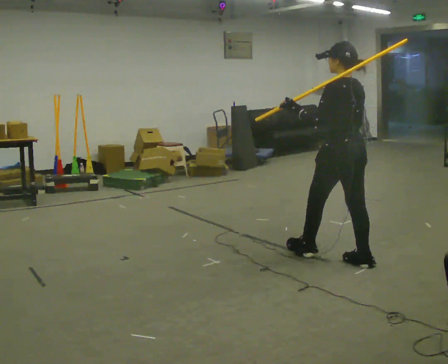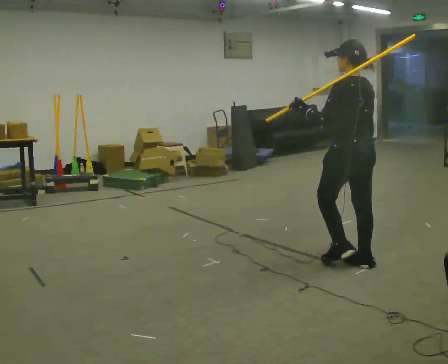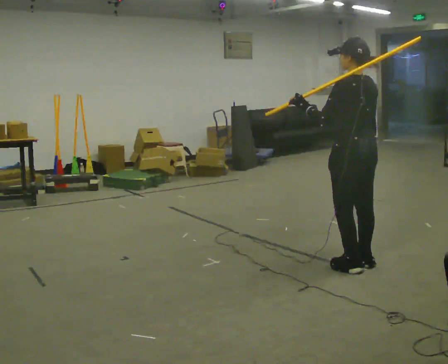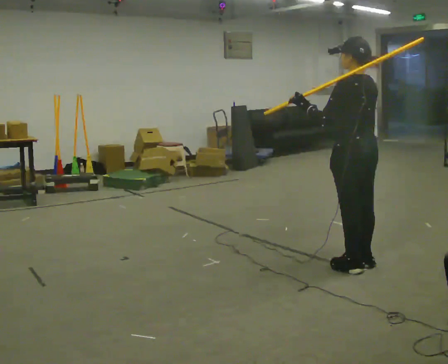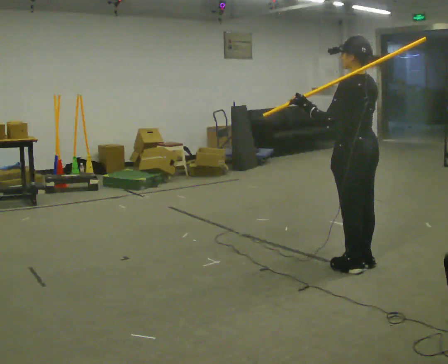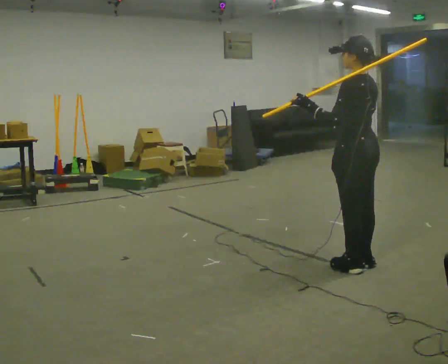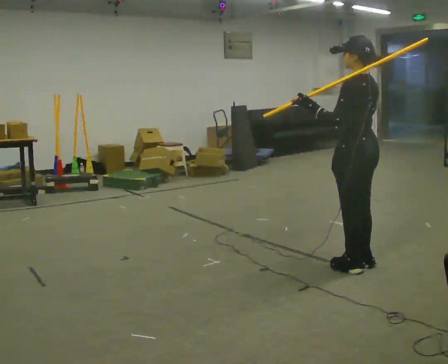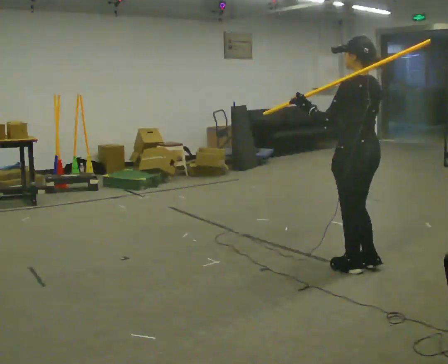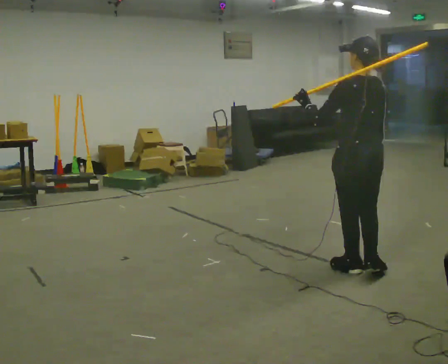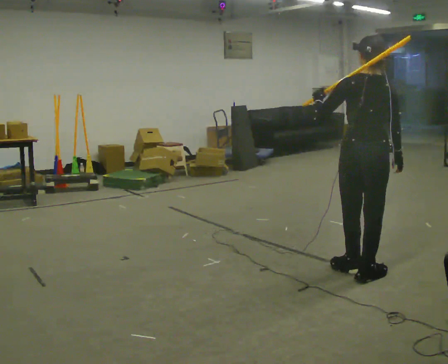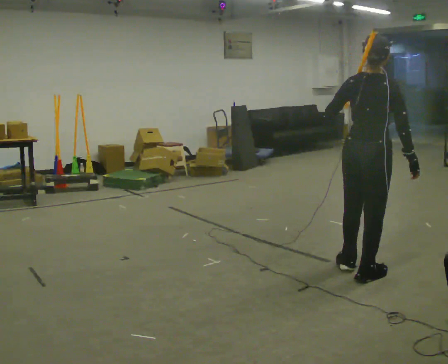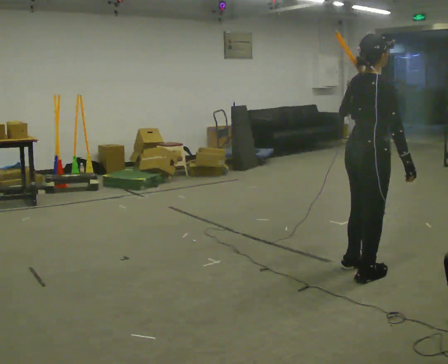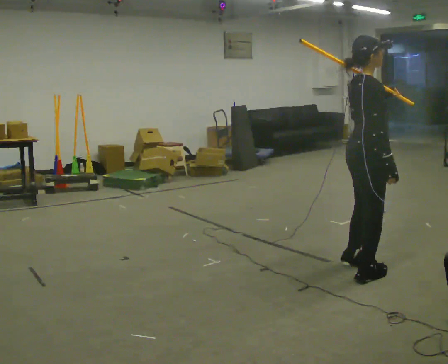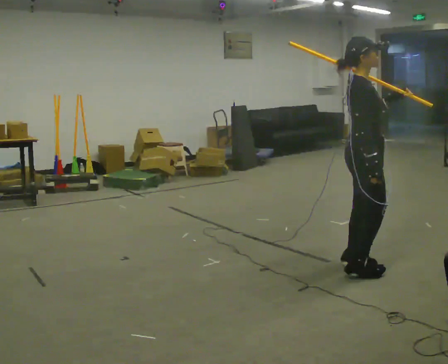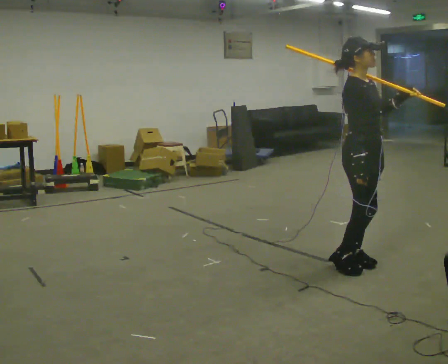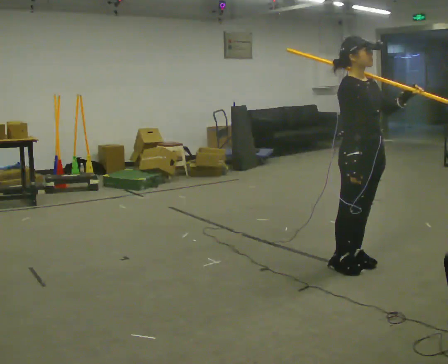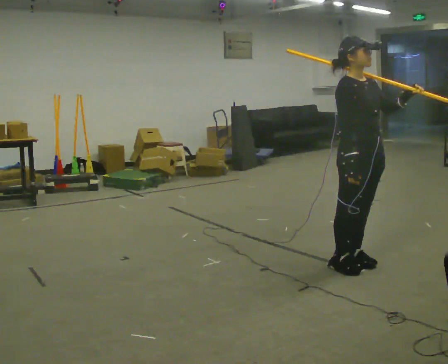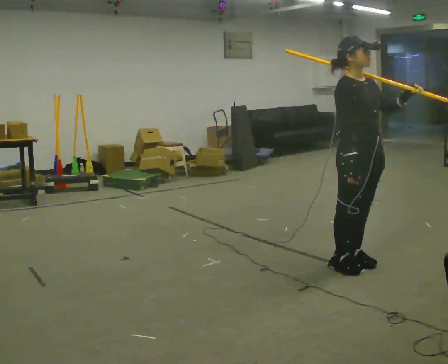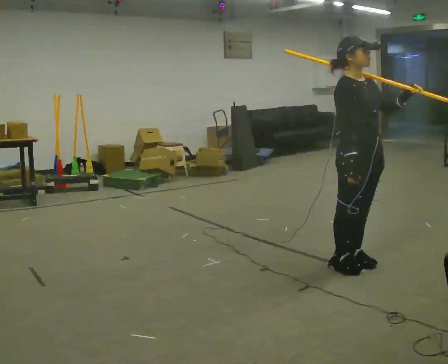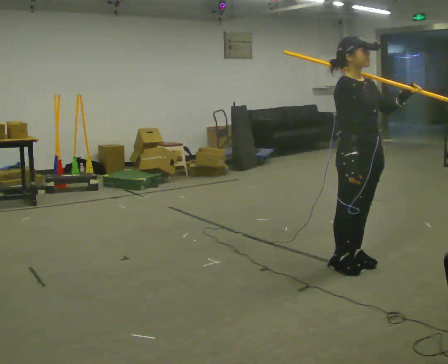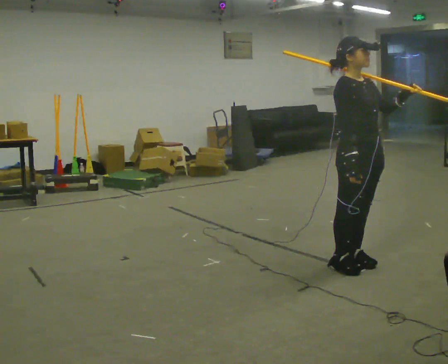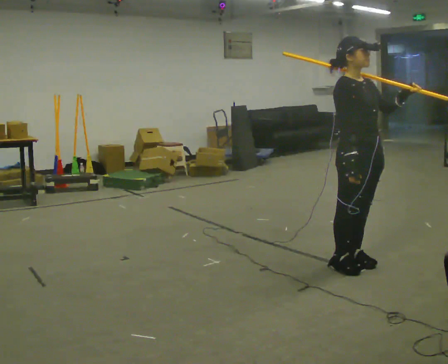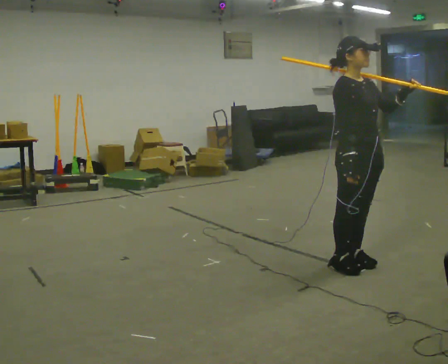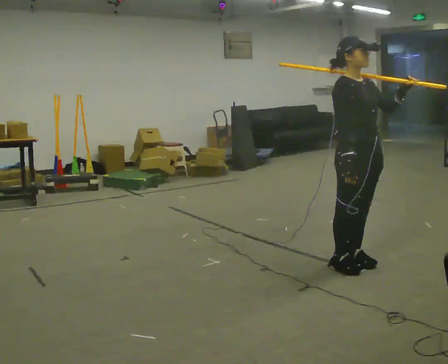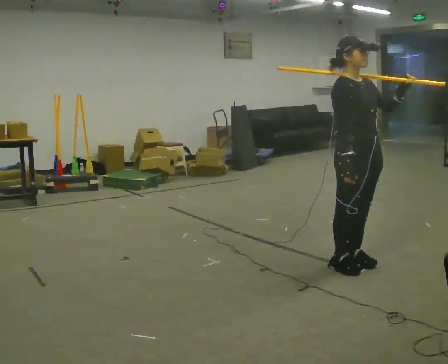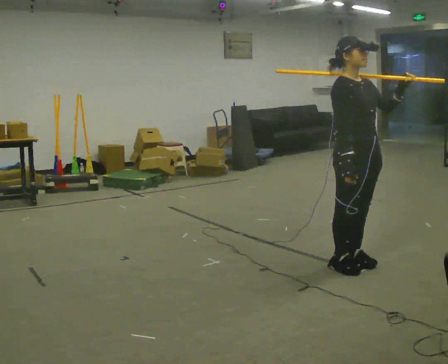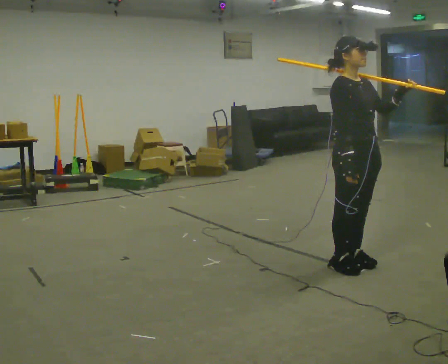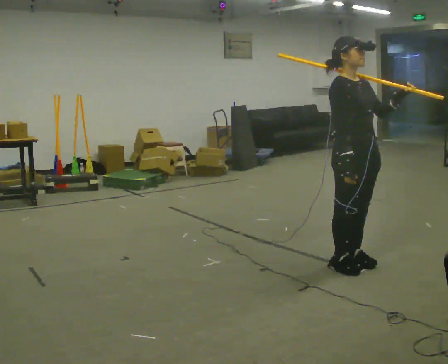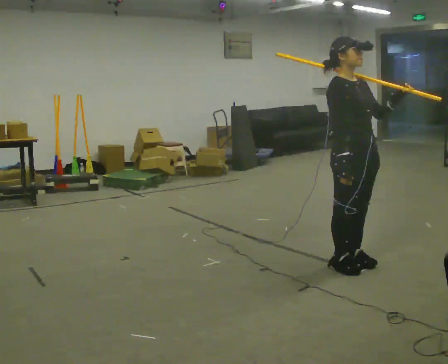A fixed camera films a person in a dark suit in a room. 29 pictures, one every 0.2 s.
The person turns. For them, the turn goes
to their right.
The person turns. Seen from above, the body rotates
clockwise.
0.0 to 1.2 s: In the picture they go toward the camera, about 0.25 m, which for them is backward.
1.2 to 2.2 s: Seen from above the body turns clockwise, about 105 degrees: to their right, with its near side sliding to the left.
2.2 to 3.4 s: The part of the body nearest the lens slides to the left as the person turns to their right by about 90 degrees. In the picture their left hand goes to the right.
3.4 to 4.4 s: The person keeps their place and pose.
4.4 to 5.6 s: The person moves a little, or ends about where they began.
The film runs backward here.
